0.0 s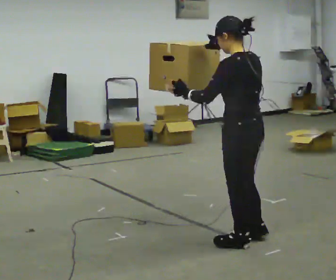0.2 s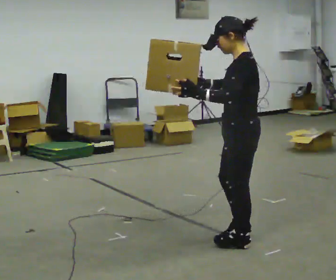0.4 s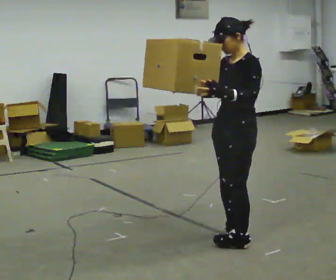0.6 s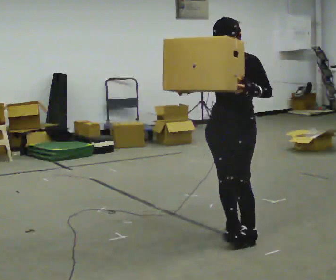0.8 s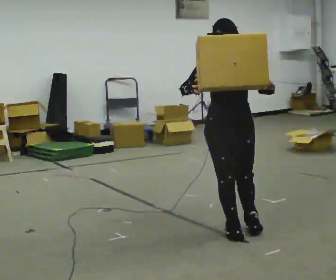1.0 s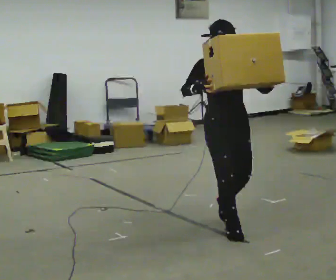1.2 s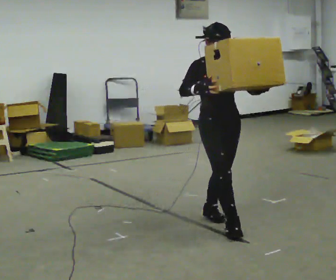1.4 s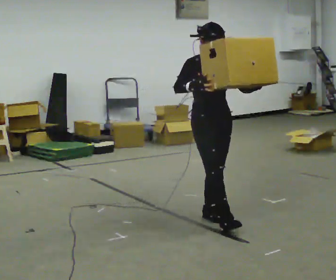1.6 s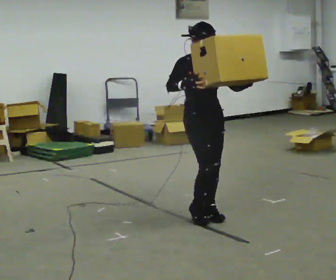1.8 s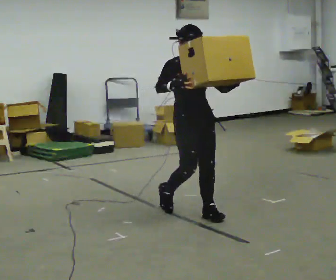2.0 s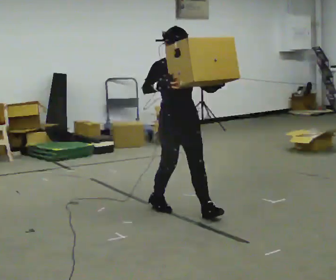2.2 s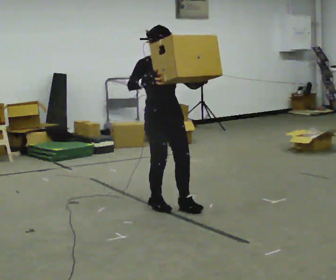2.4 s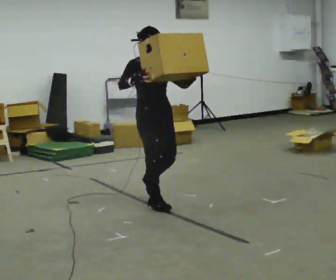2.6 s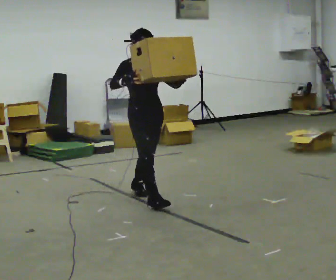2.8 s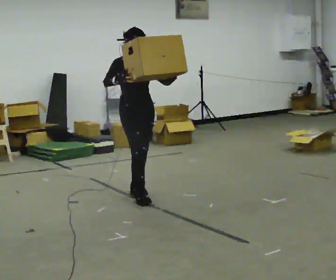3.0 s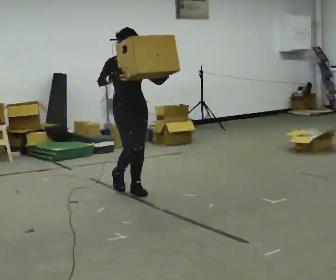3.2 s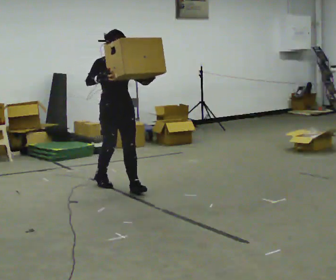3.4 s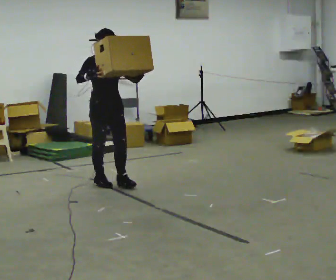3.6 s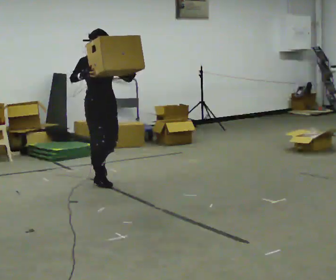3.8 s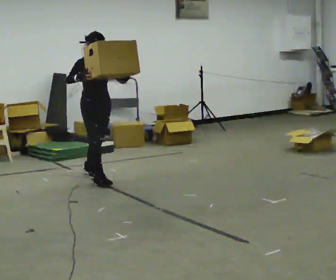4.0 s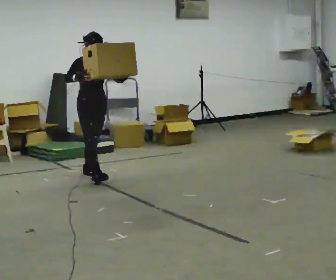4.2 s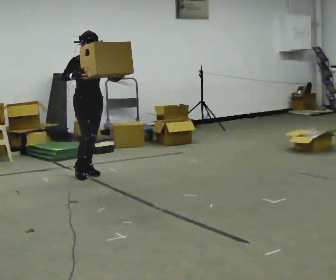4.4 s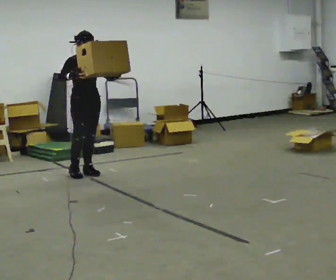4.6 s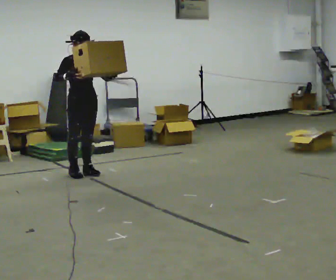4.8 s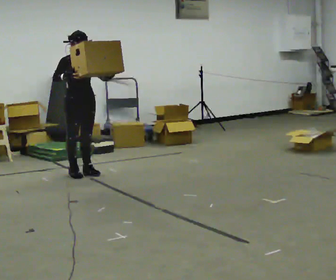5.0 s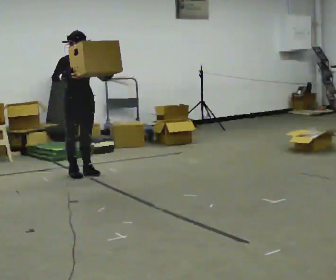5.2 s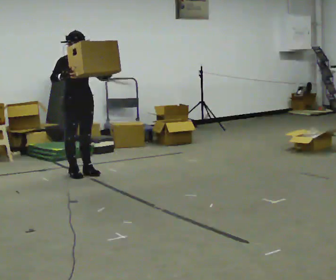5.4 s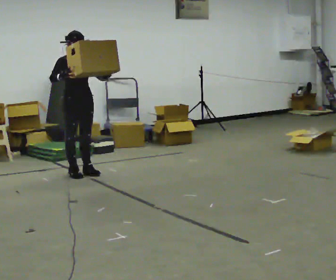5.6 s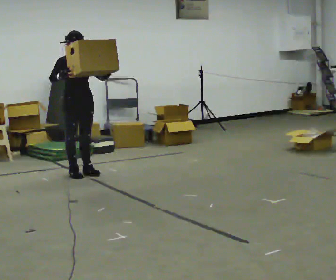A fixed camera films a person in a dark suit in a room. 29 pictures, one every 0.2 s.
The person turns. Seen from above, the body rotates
counterclockwise.
The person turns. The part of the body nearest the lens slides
to the right.
0.0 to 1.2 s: The part of the body nearest the lens slides to the right as the person turns to their left by about 165 degrees. In the picture they go away from the camera, about 0.5 m in 1 step.
1.2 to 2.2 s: In the picture they go away from the camera and to the left, about 0.75 m in 2 steps, which for them is backward.
2.2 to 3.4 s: In the picture they go away from the camera and to the left, about 1 m in 2 steps, which for them is backward.
3.4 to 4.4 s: In the picture they go away from the camera and to the left, about 0.5 m in 1 step, which for them is backward.
4.4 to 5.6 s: The person moves a little, or ends about where they began.
The film runs backward here.
